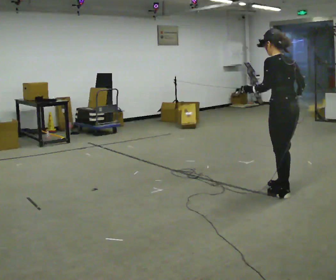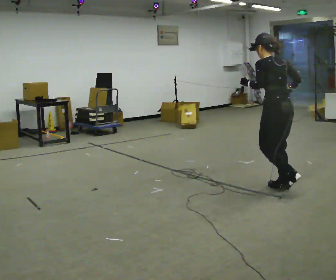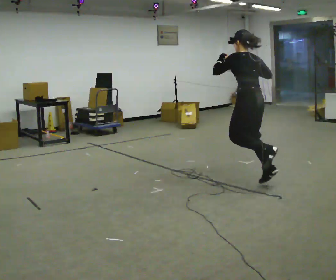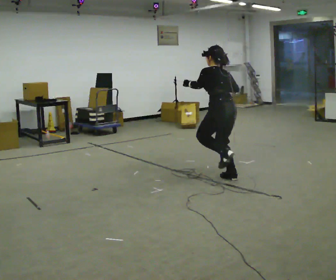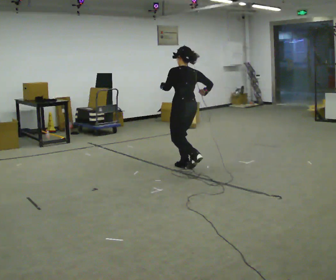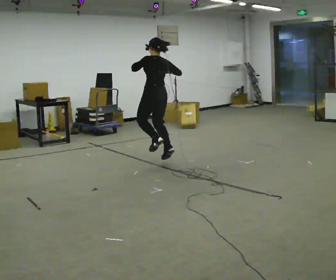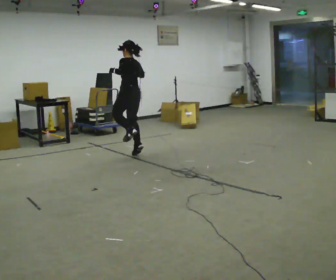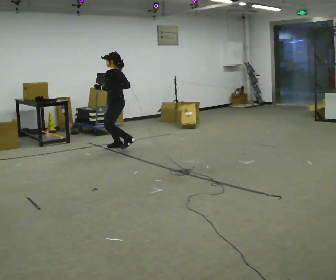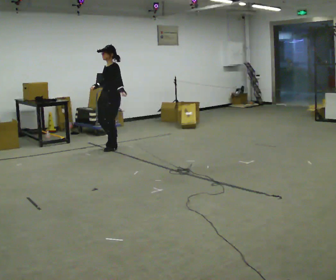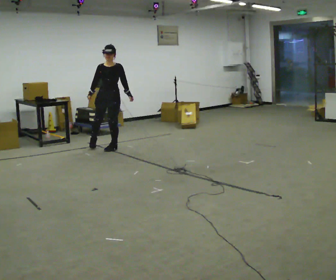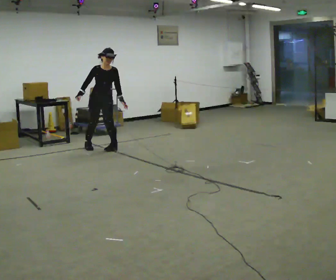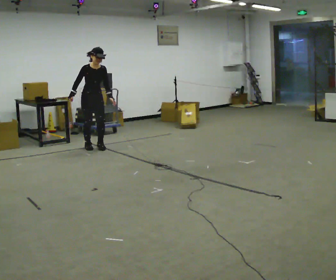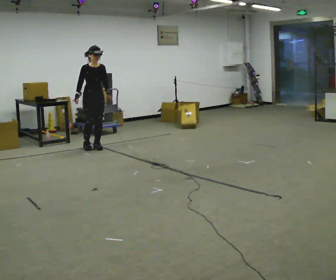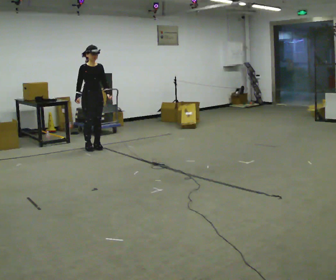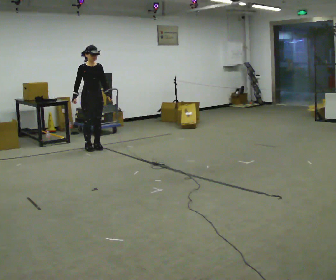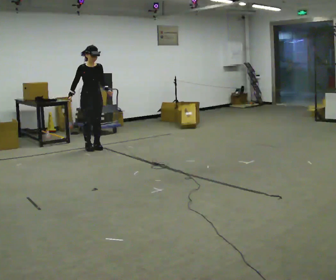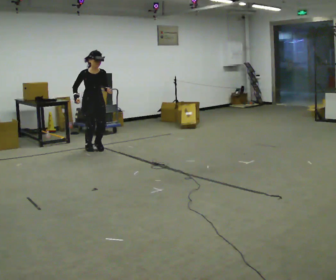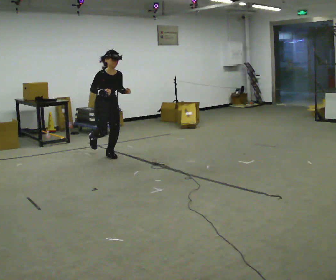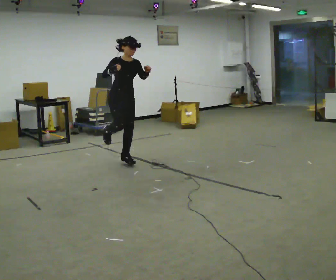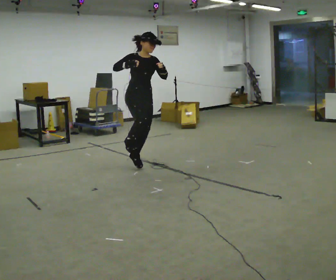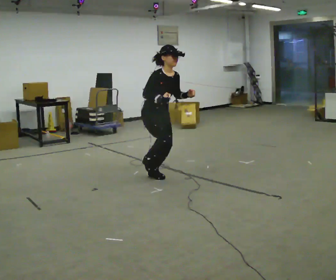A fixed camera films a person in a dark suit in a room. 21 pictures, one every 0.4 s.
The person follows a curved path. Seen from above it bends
counterclockwise.
0.0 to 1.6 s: In the picture they go away from the camera and to the left, about 1.5 m in 2 steps, which for them is forward.
1.6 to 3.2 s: Seen from above the body turns counterclockwise, about 105 degrees: to their left, with its near side sliding to the right. In the picture they go away from the camera and to the left, about 1.5 m in 3 steps.
3.2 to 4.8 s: The person turns about 75 degrees to their left, counterclockwise seen from above, so the part of the body nearest the lens slides to the right. In the picture they go to the left and away from the camera, about 0.25 m in 2 steps.
4.8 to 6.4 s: In the picture they go toward the camera, about 0.25 m, which for them is forward.
6.4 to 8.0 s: In the picture they go toward the camera and to the right, about 1.5 m in 3 steps, which for them is forward.
The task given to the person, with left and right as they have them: Hop forward on the leg the operator calls, keeping the other foot off the floor.
The film runs forward here.
